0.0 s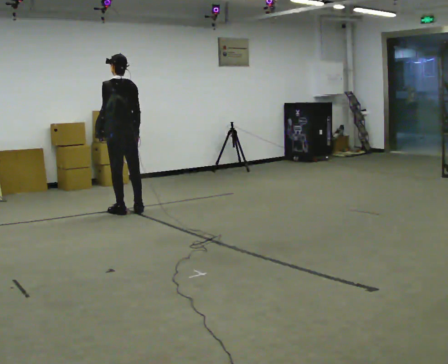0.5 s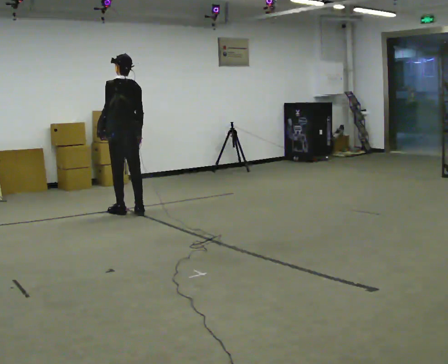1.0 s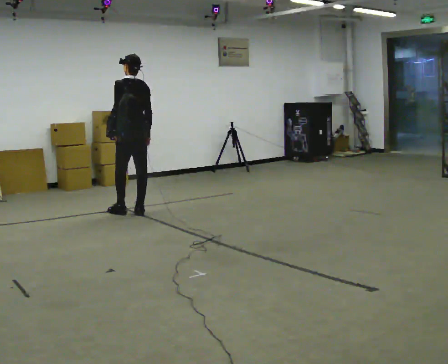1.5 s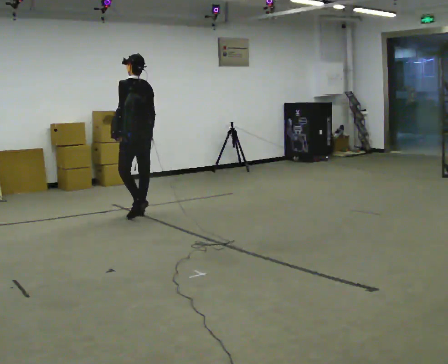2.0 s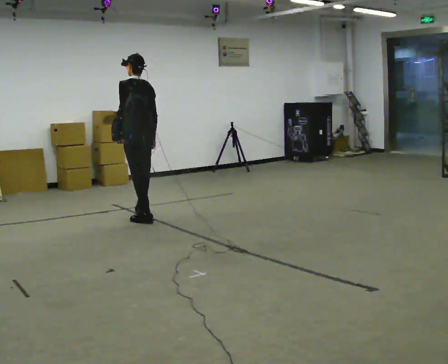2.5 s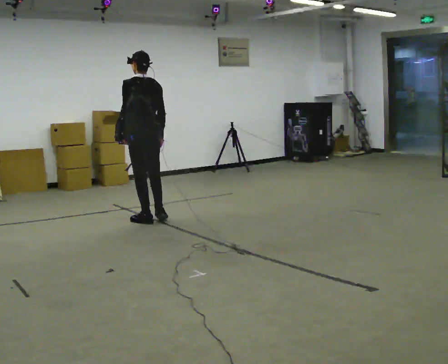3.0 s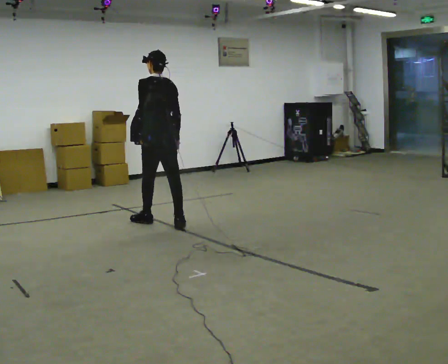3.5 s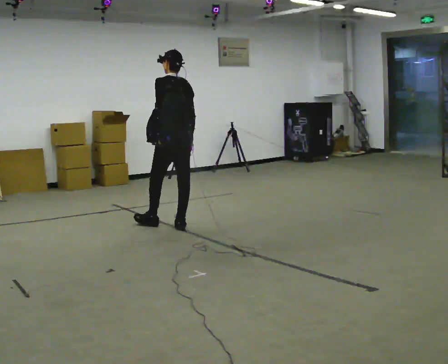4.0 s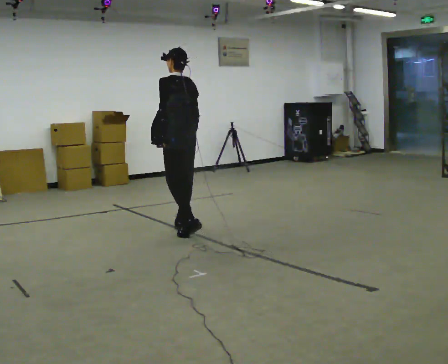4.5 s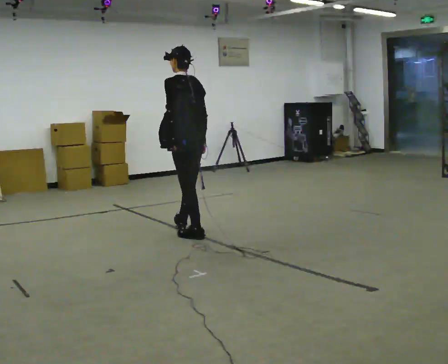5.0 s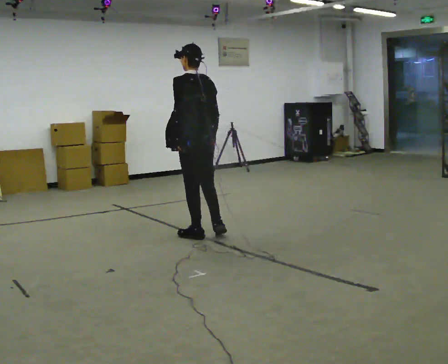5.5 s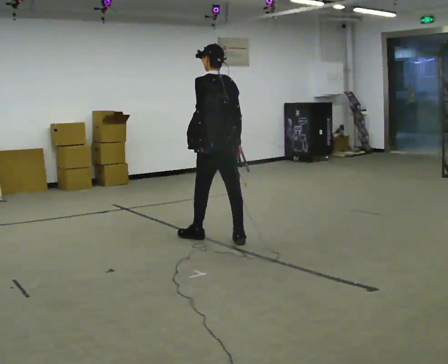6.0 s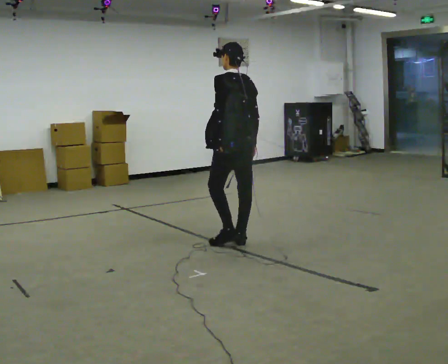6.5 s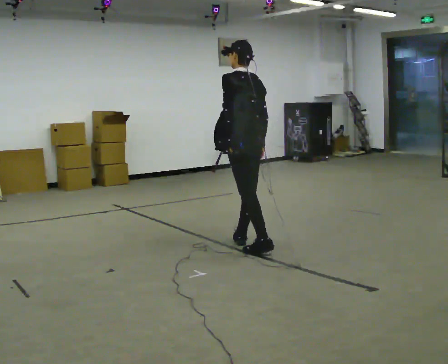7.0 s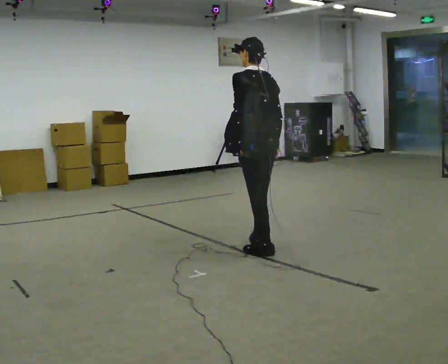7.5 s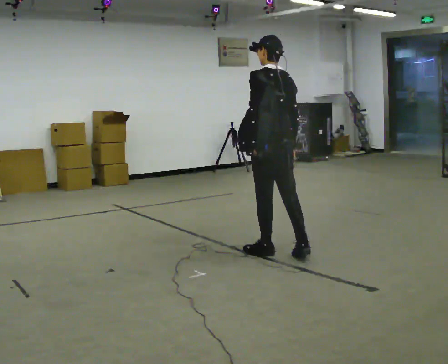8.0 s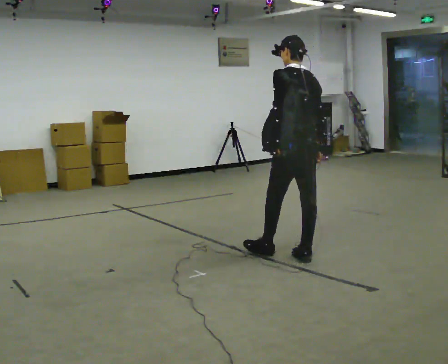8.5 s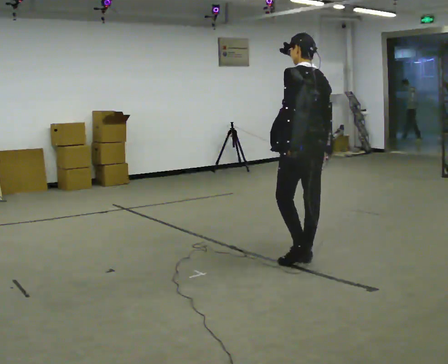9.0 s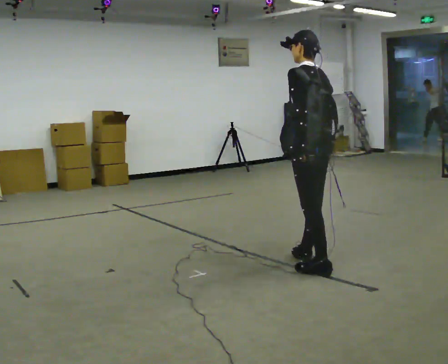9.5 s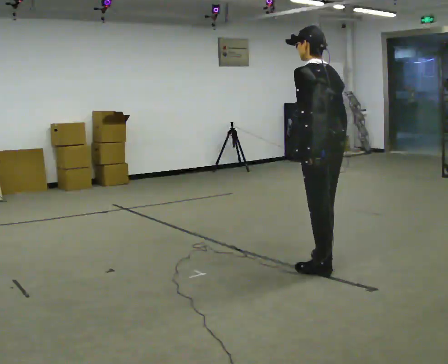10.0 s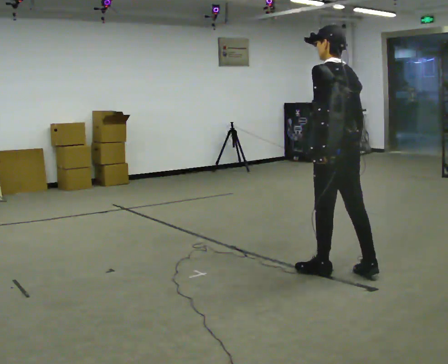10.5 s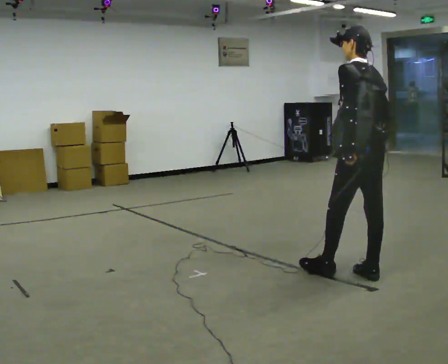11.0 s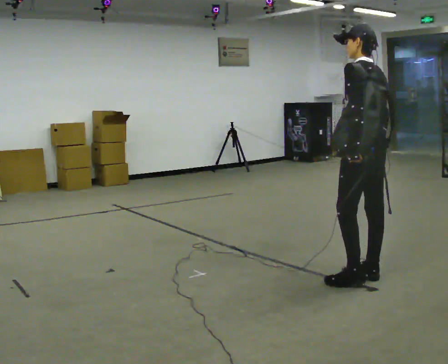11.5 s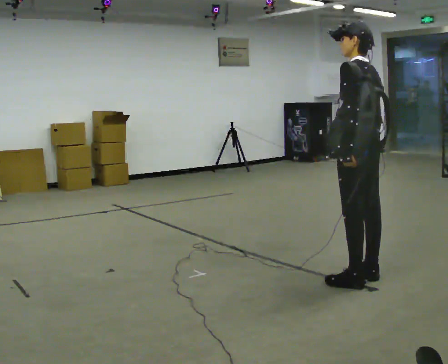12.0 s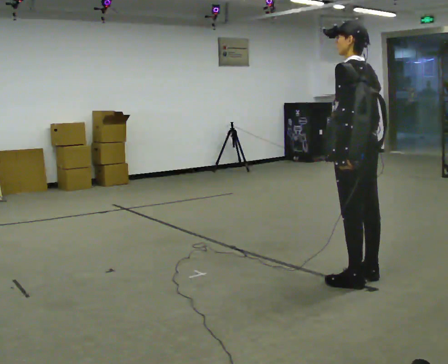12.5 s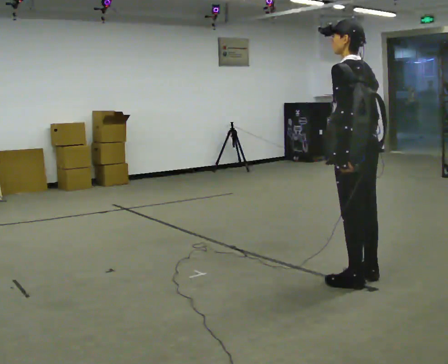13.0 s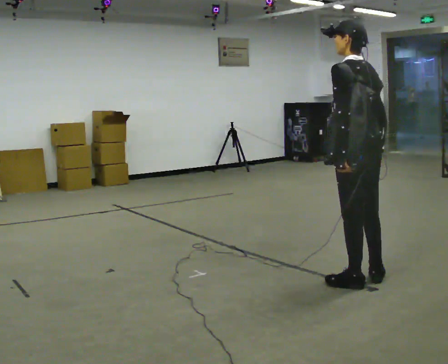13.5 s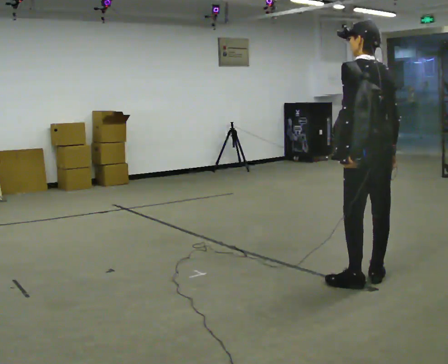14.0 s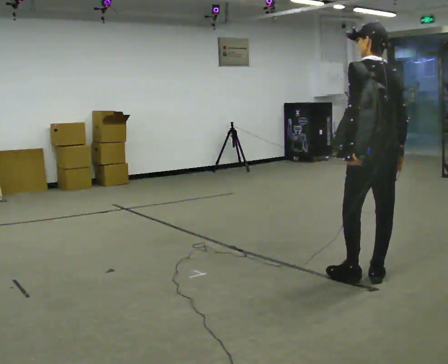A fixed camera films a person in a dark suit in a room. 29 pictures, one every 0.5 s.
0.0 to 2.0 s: In the picture they go toward the camera and to the right, about 0.25 m in 2 steps, which for them is backward.
2.0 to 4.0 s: In the picture they go to the right and toward the camera, about 0.75 m in 2 steps, which for them is backward.
4.0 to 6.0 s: In the picture they go to the right and toward the camera, about 0.75 m in 2 steps, which for them is backward.
6.0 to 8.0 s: In the picture they go toward the camera and to the right, about 0.75 m in 1 step, which for them is backward.
8.0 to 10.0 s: In the picture they go toward the camera and to the right, about 0.5 m in 2 steps, which for them is backward.
10.0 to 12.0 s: In the picture they go toward the camera, about 0.25 m in 1 step, which for them is backward.
12.0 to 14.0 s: The person moves a little, or ends about where they began.
The film runs backward here.
